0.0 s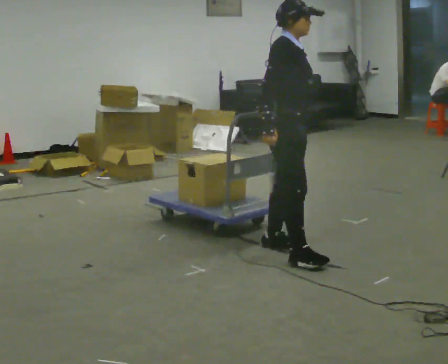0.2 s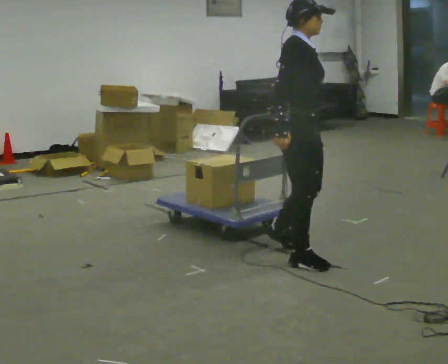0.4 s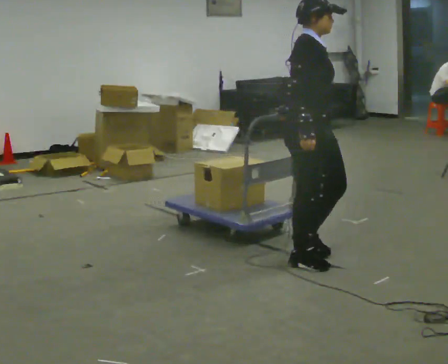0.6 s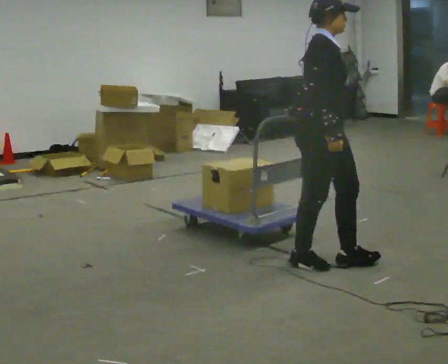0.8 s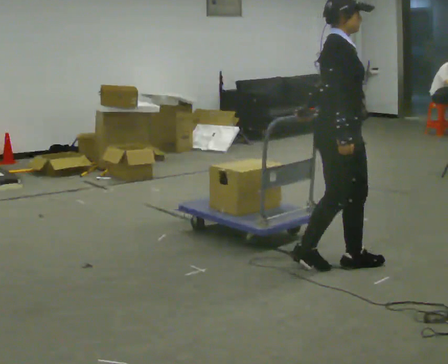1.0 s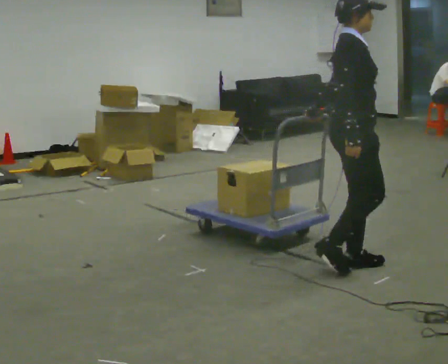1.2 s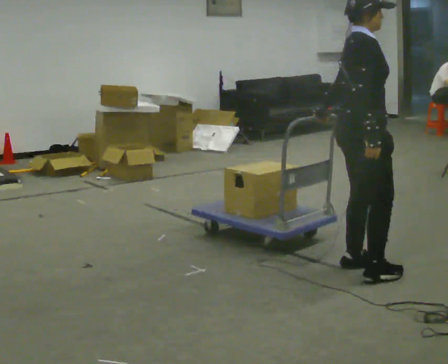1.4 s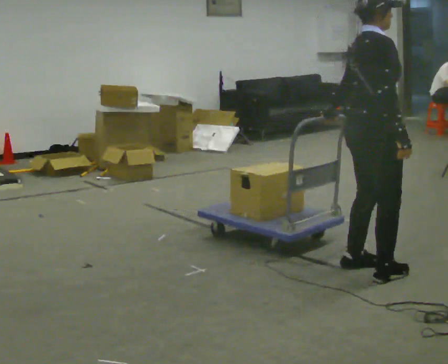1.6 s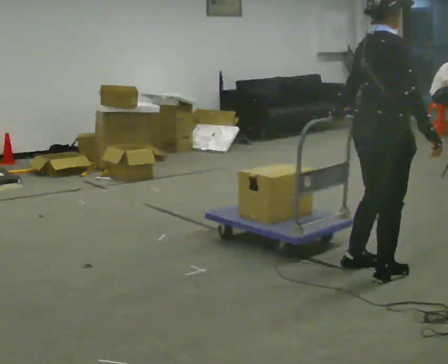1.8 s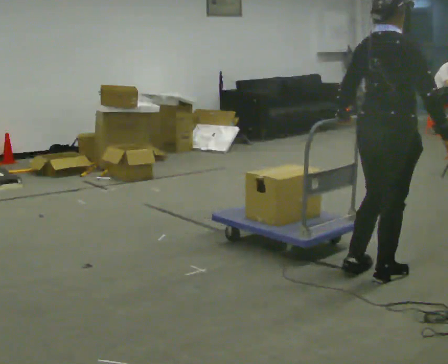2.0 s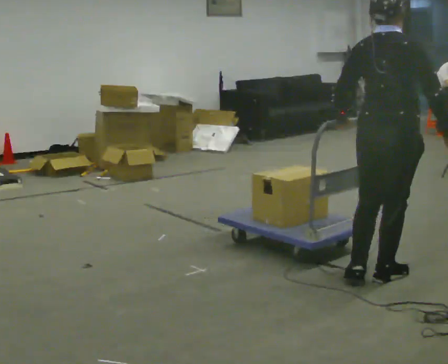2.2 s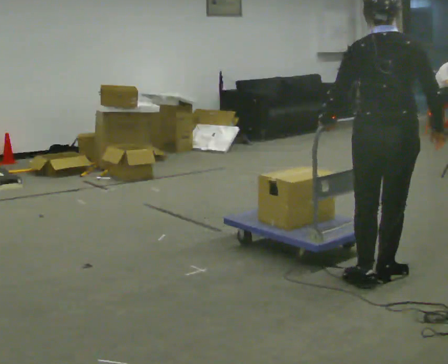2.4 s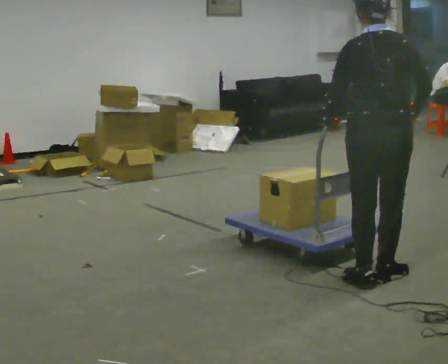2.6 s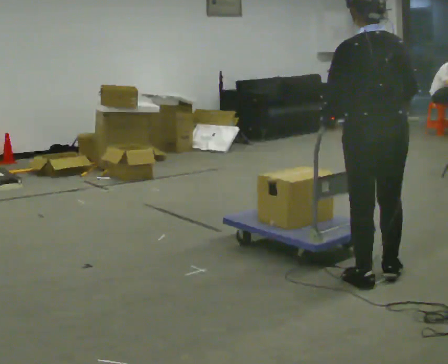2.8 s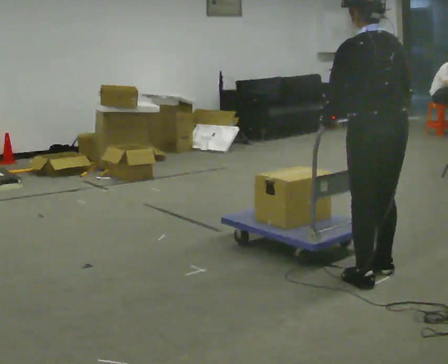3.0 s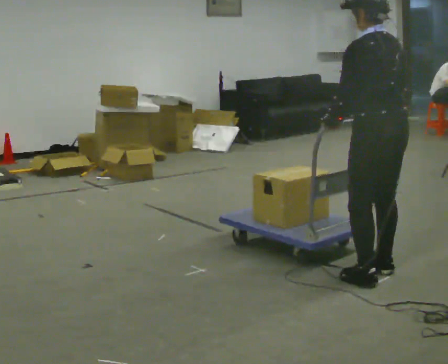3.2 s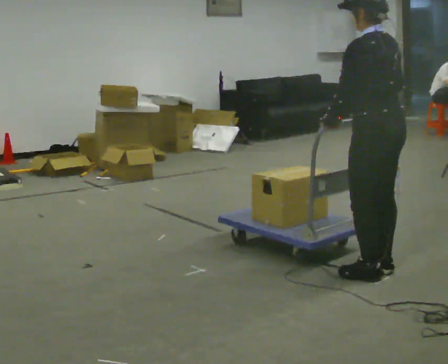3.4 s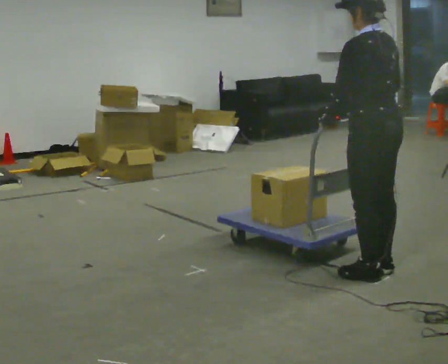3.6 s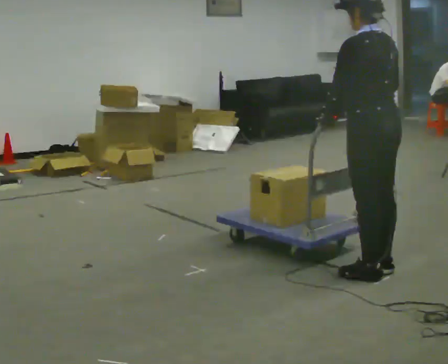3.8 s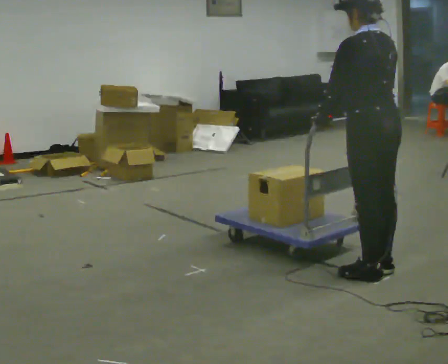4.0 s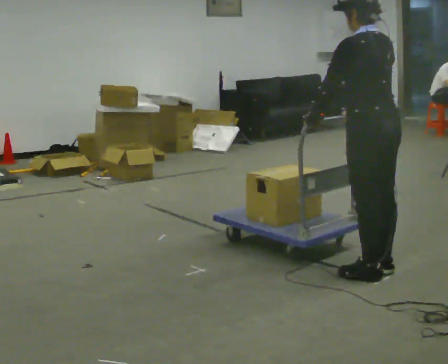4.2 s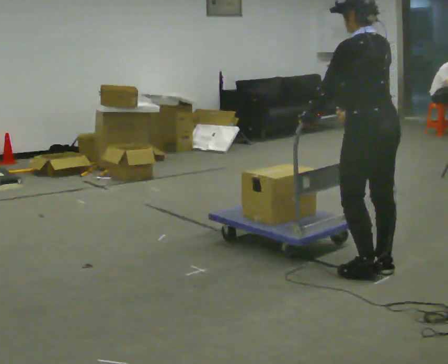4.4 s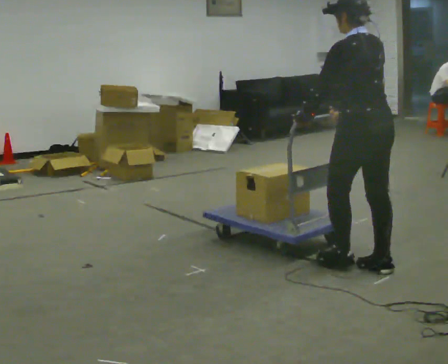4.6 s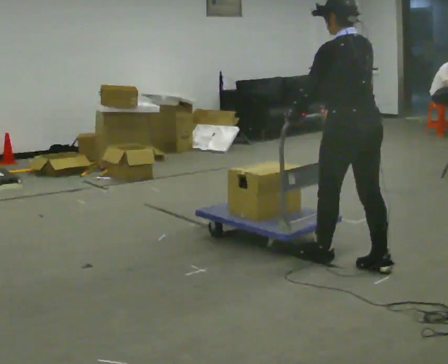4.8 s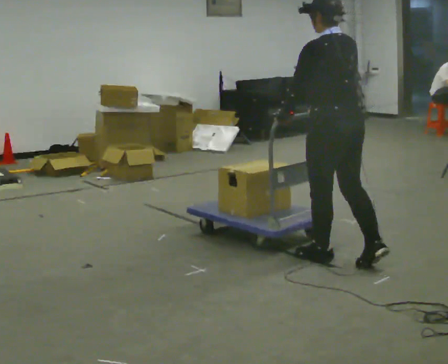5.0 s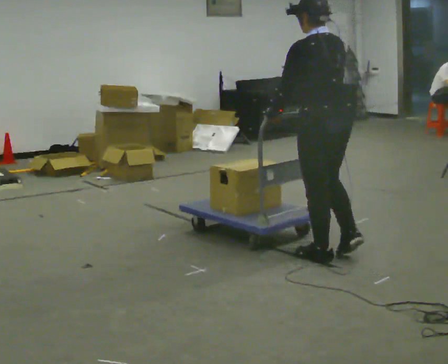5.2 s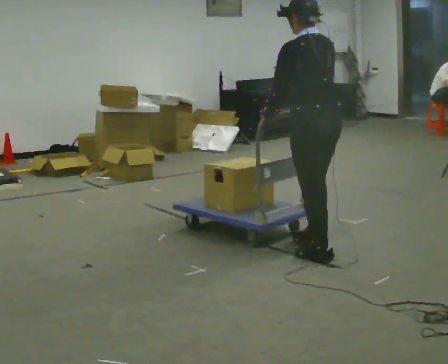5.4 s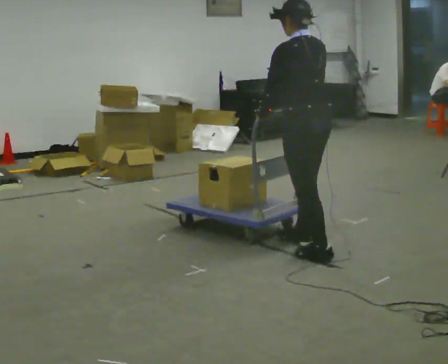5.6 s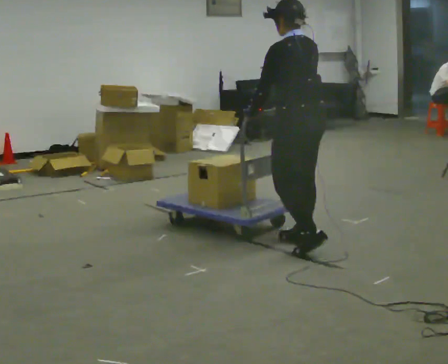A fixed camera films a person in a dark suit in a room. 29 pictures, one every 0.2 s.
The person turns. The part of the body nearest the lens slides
to the right.
The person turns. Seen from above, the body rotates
counterclockwise.
0.0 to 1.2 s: The person turns about 30 degrees to their left, counterclockwise seen from above, so the part of the body nearest the lens slides to the right. In the picture they go to the right and toward the camera, about 0.5 m in 1 step, which for them is forward.
1.2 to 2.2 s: The person turns about 75 degrees to their left, counterclockwise seen from above, so the part of the body nearest the lens slides to the right. In the picture they go toward the camera and to the right, about 0.25 m in 2 steps. In the picture their right hand goes to the right.
2.2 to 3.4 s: The part of the body nearest the lens slides to the right as the person turns to their left by about 60 degrees. In the picture their right hand goes to the left.
3.4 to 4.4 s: The person moves a little, or ends about where they began.
4.4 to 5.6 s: In the picture they go to the left and away from the camera, about 0.5 m in 2 steps, which for them is forward.
The film runs forward here.
